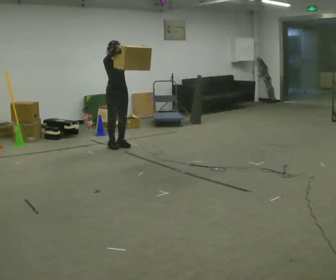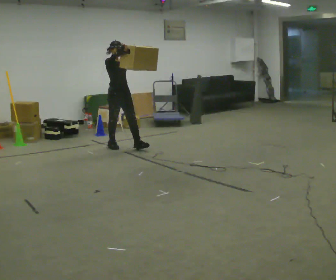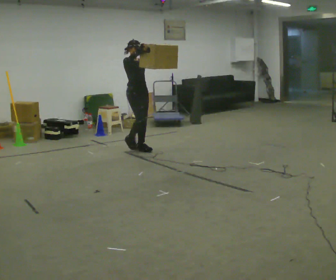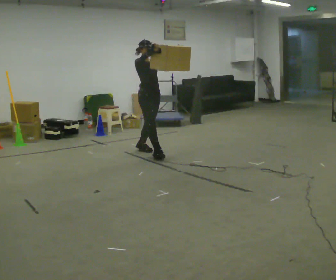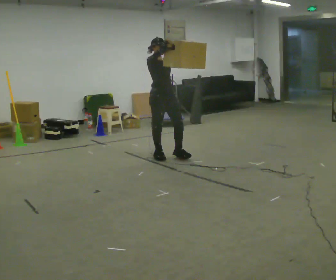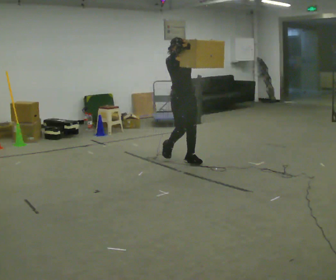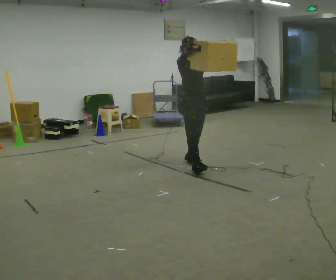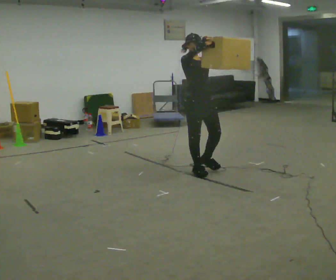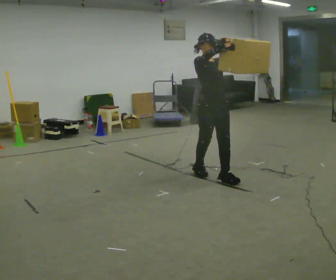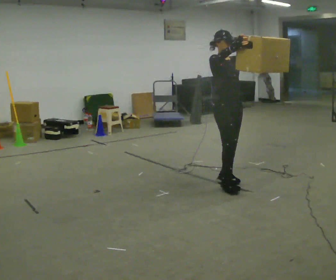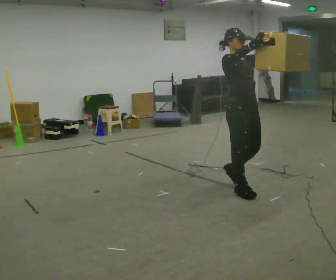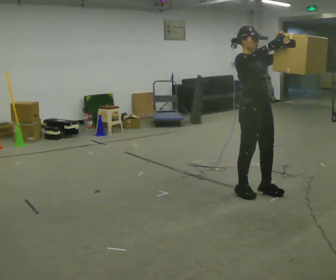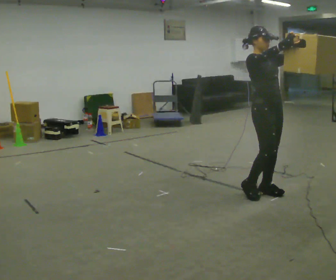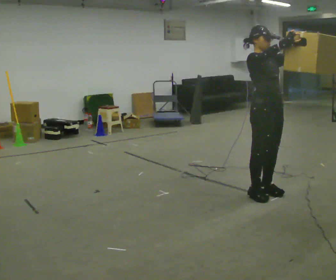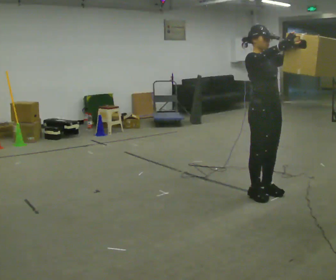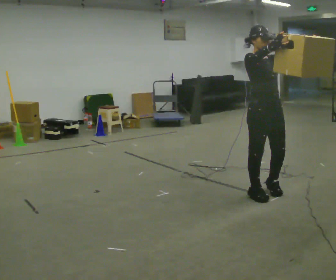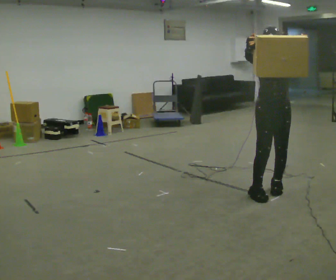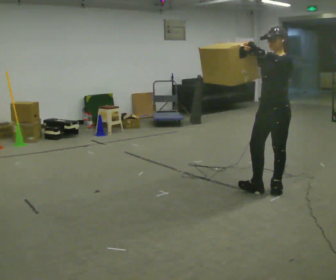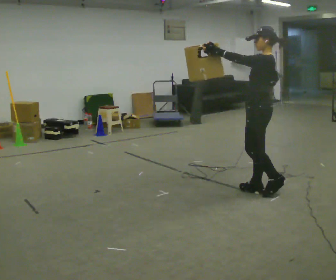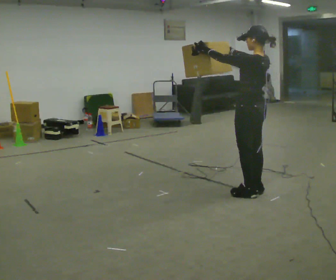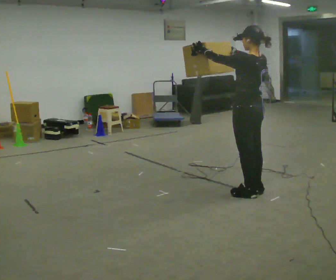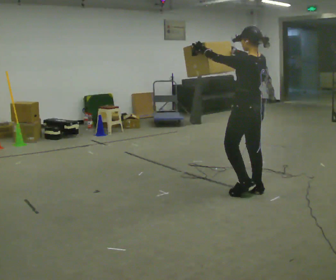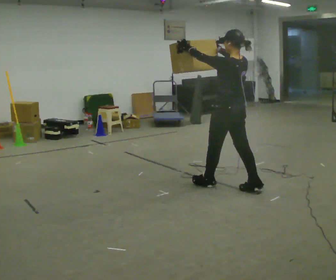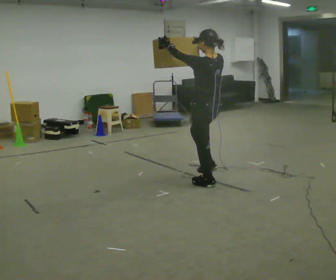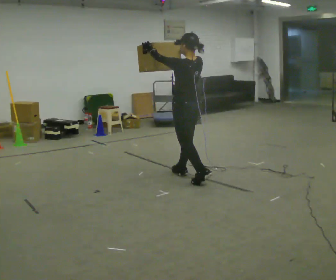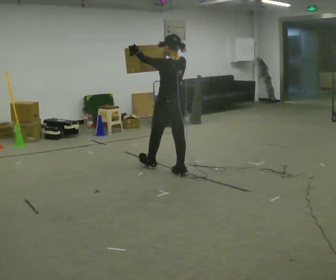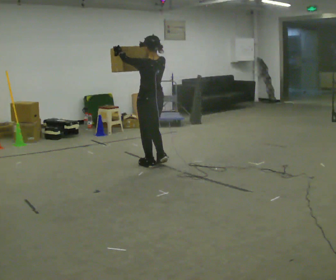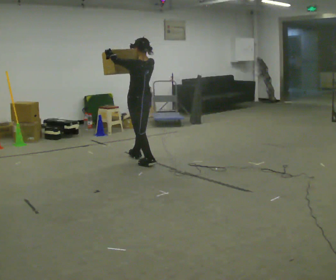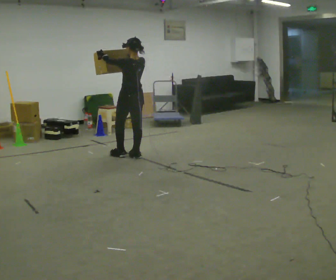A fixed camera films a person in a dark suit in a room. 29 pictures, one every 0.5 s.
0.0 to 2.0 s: In the picture they go to the right and toward the camera, about 1 m in 2 steps, which for them is forward.
2.0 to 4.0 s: In the picture they go toward the camera and to the right, about 1 m in 3 steps, which for them is forward.
4.0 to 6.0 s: In the picture they go toward the camera and to the right, about 0.5 m in 2 steps, which for them is forward.
6.0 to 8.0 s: The part of the body nearest the lens slides to the left as the person turns to their right by about 60 degrees.
8.0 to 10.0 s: Seen from above the body turns clockwise, about 120 degrees: to their right, with its near side sliding to the left. In the picture they go to the left, about 0.25 m in 1 step.
10.0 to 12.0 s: In the picture they go to the left and away from the camera, about 1 m in 2 steps, which for them is forward.
12.0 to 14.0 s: In the picture they go to the left and away from the camera, about 1 m in 2 steps, which for them is forward.
The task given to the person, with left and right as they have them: Carry the object held up above your head, walking back and forth across the room.
The film runs forward here.
